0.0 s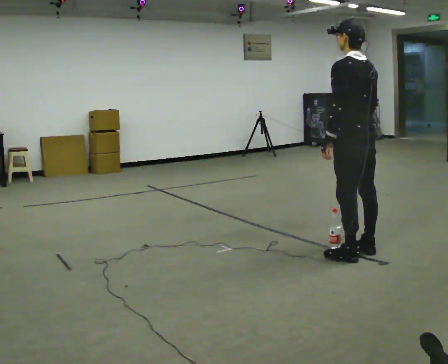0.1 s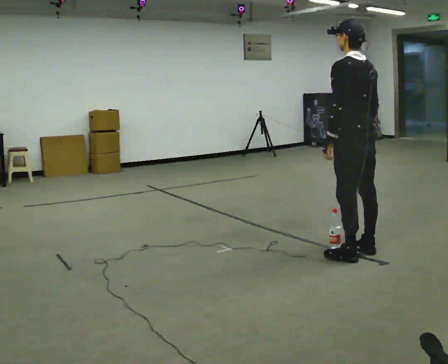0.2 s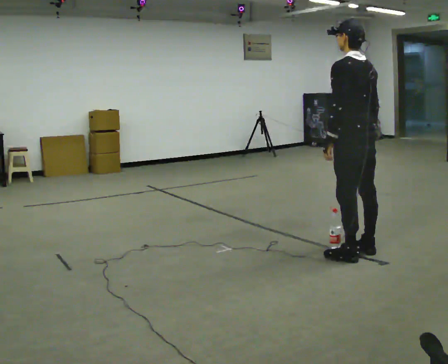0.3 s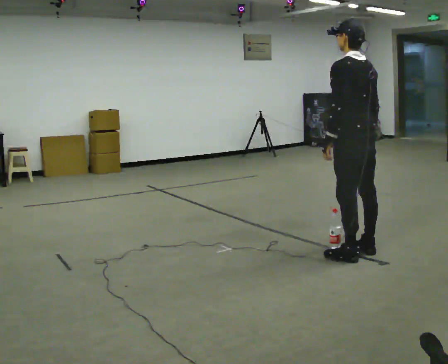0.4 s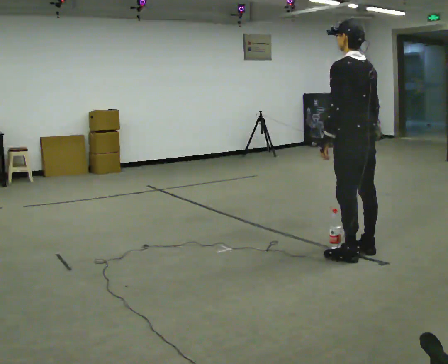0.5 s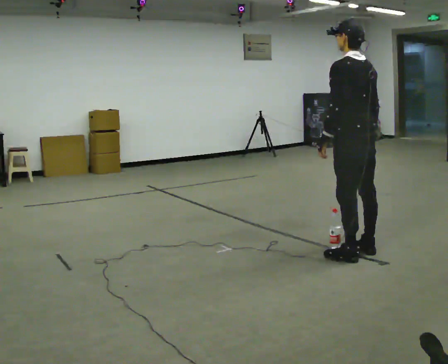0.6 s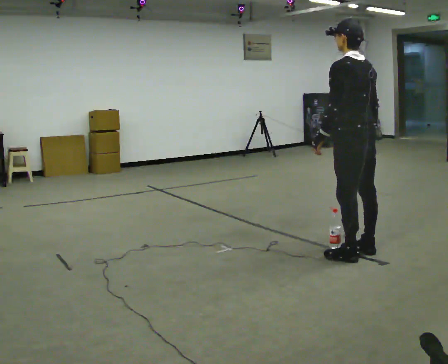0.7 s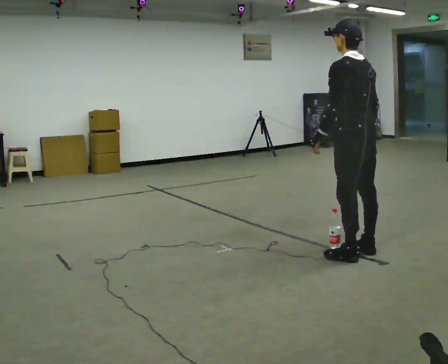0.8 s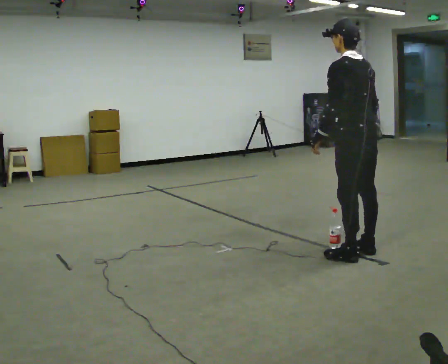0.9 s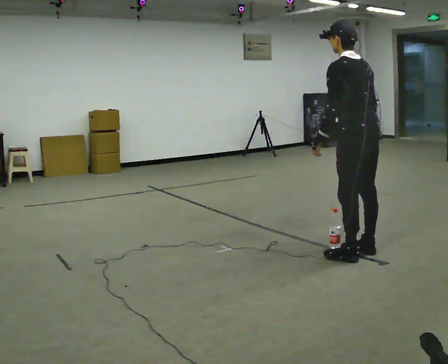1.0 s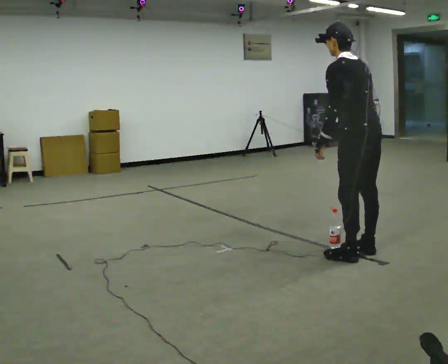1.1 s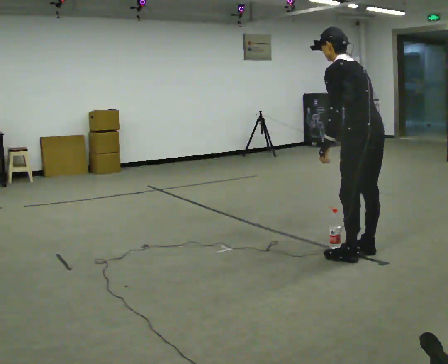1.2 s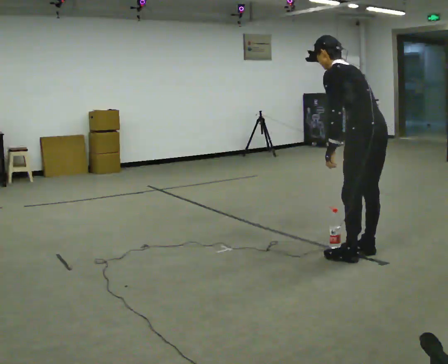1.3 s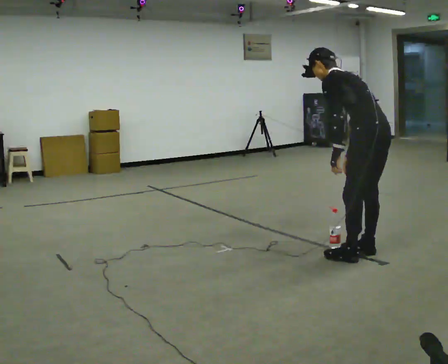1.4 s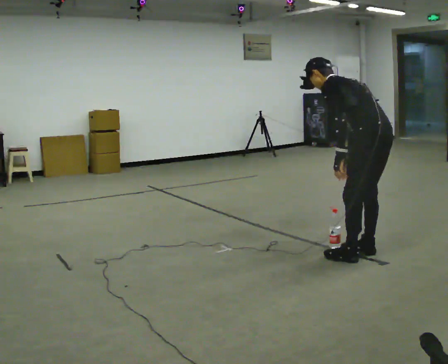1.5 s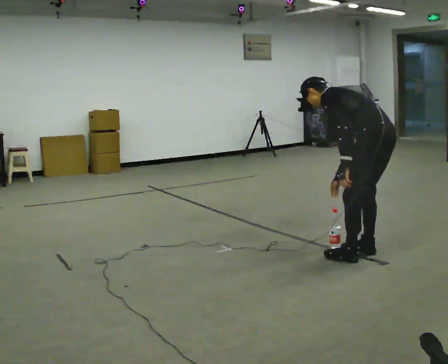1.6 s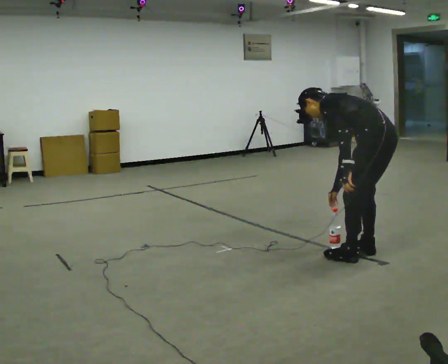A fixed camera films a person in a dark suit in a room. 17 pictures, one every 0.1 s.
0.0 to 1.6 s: In the picture they go to the right, about 0.25 m, which for them is backward. The shoulders move downward. In the picture the upper body tilts counterclockwise, shoulders to the left, as they bend forward.
The film runs backward here.
